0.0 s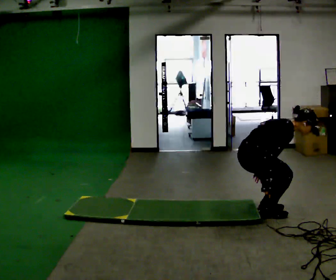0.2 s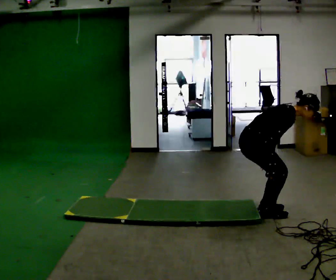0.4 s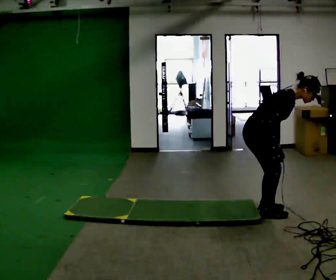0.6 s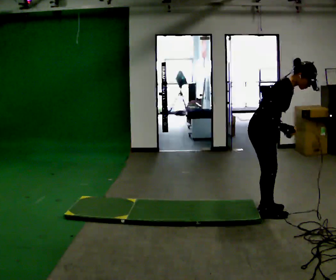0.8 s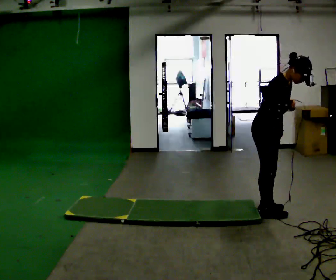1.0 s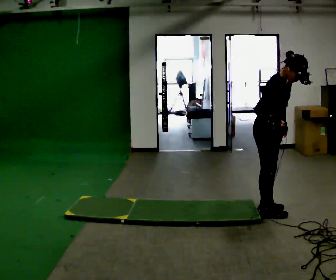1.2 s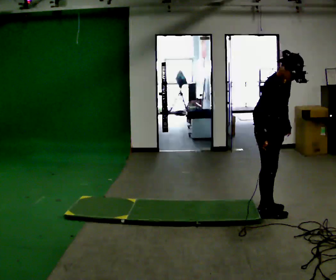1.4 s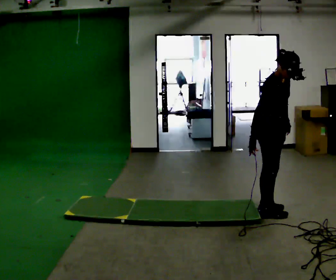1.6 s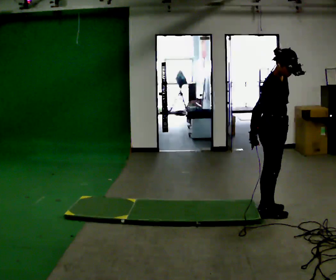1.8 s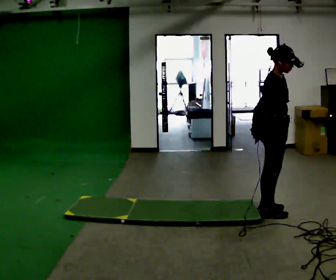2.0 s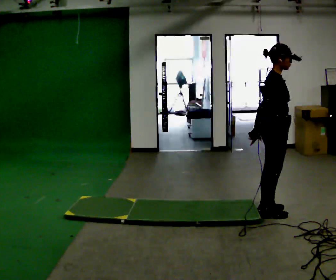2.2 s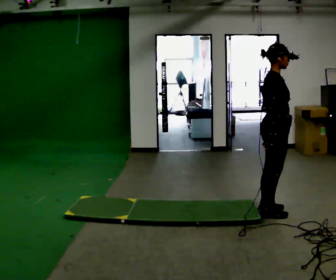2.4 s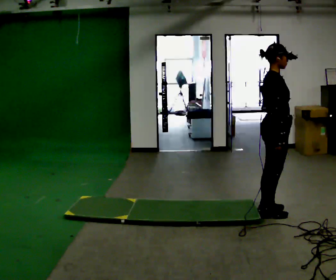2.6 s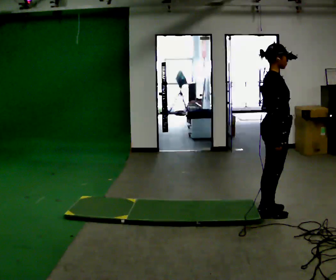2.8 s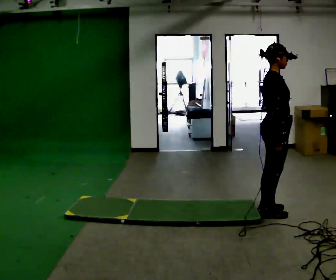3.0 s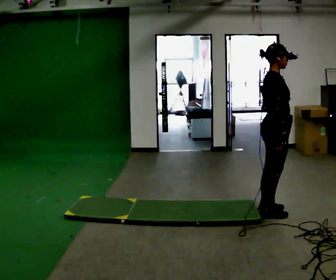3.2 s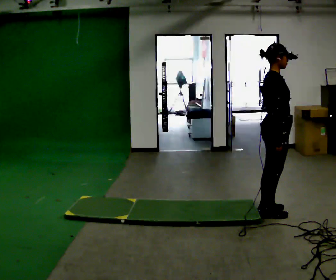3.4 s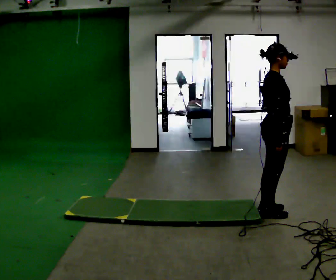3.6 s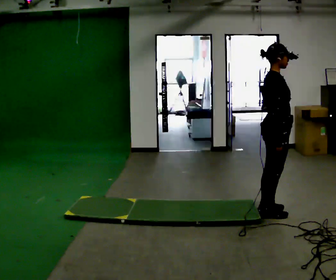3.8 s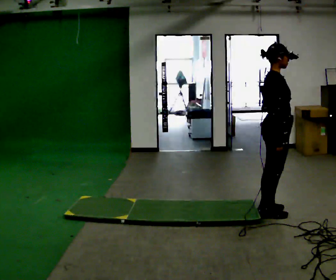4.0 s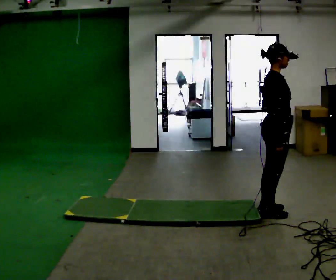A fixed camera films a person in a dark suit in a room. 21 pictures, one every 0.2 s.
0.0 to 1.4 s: In the picture they go to the right, about 0.25 m, which for them is forward. The shoulders move upward. In the picture the upper body tilts counterclockwise, shoulders to the left, as they lean back or straighten. In the picture their left hand goes upward.
1.4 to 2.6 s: In the picture the upper body tilts counterclockwise, shoulders to the left, as they lean back or straighten.
2.6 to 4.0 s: The person keeps their place and pose.
The film runs backward here.
